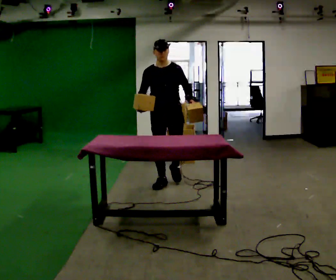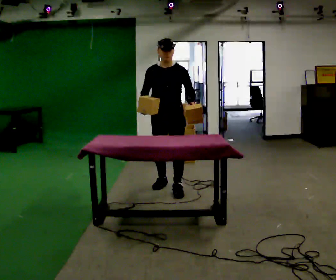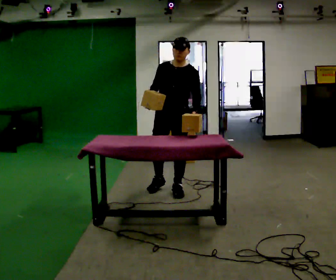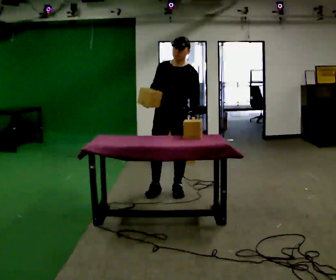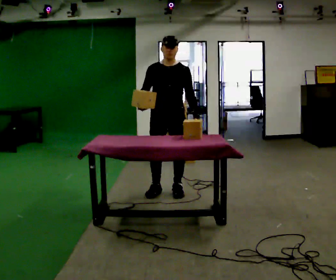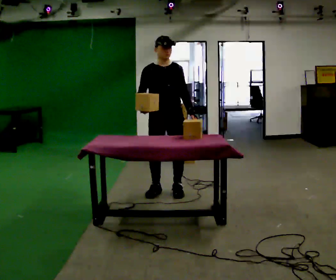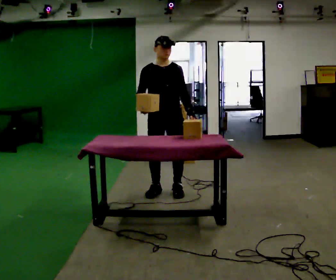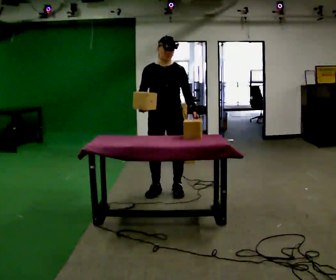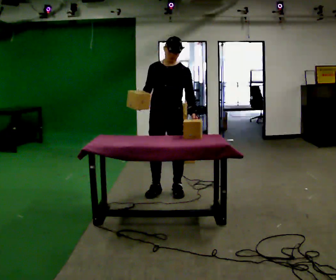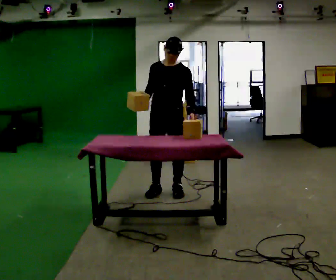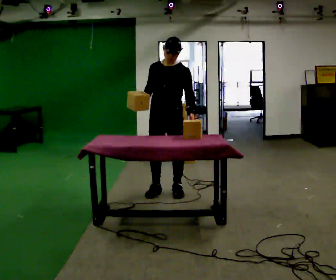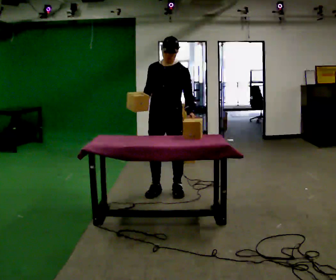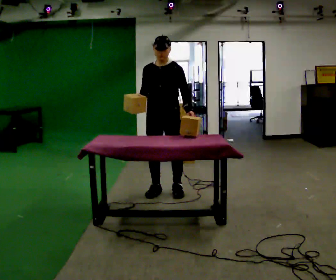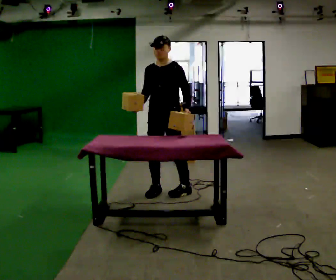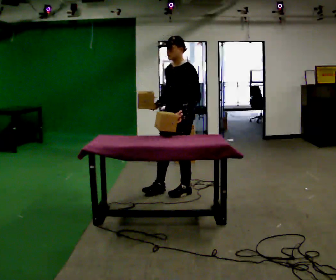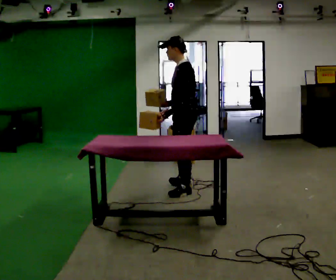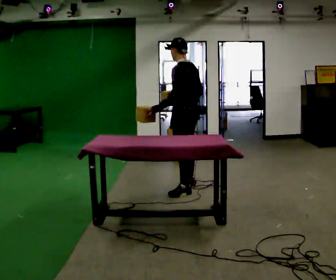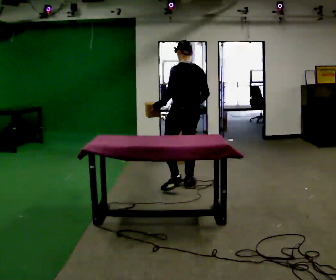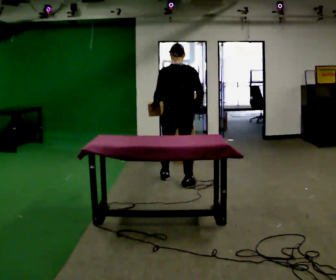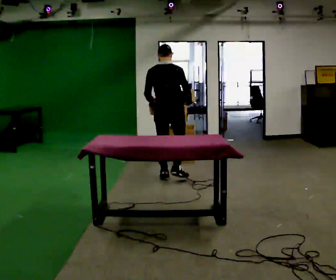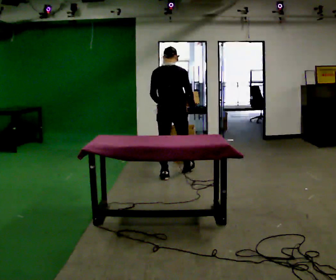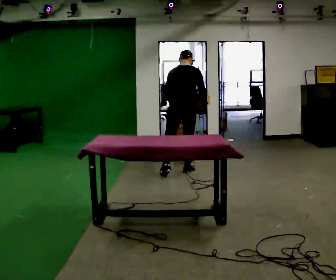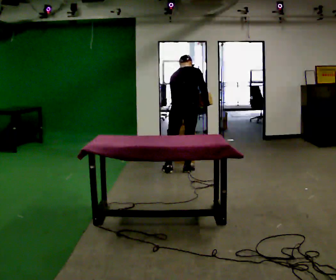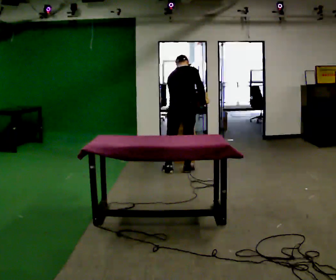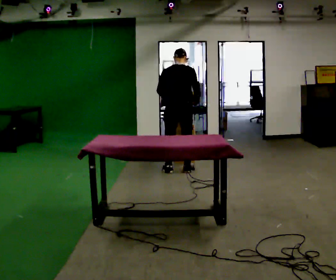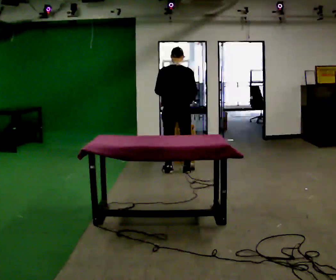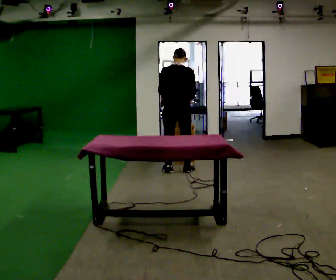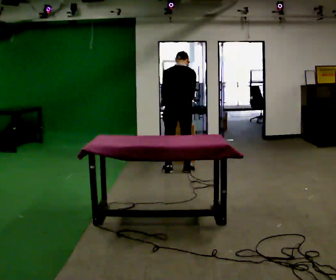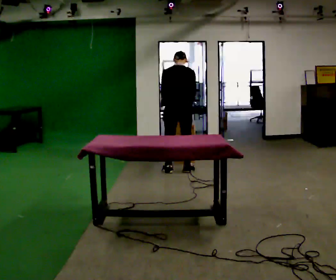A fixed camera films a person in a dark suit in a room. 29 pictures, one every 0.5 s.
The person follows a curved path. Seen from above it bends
counterclockwise.
0.0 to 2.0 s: In the picture they go toward the camera, about 0.25 m in 2 steps, which for them is forward.
2.0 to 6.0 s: The person moves a little, or ends about where they began.
6.0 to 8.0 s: Seen from above the body turns clockwise, about 105 degrees: to their right, with its near side sliding to the left. In the picture they go to the right, about 0.25 m in 1 step.
8.0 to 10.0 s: Seen from above the body turns clockwise, about 75 degrees: to their right, with its near side sliding to the left. In the picture they go away from the camera, about 0.75 m in 2 steps.
10.0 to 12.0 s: In the picture they go away from the camera, about 0.25 m in 1 step, which for them is forward.
12.0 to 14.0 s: The person moves a little, or ends about where they began.
The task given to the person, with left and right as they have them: Carry two objects across the room, then put just one of them on the shelf while still holding the other. Then bring them both back. Keep going until the operator says stop; one object at a time, and do not rush between trips.
The film runs forward here.
